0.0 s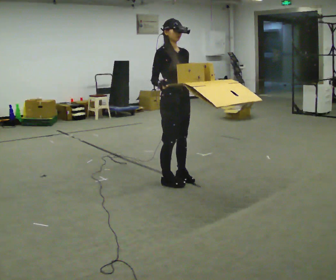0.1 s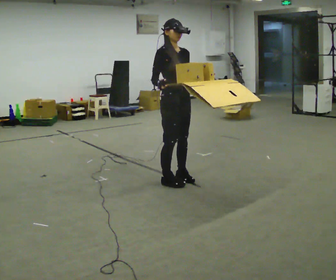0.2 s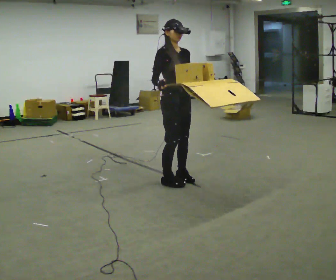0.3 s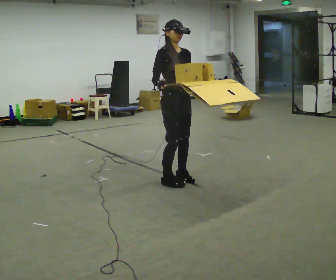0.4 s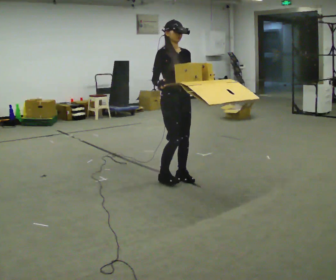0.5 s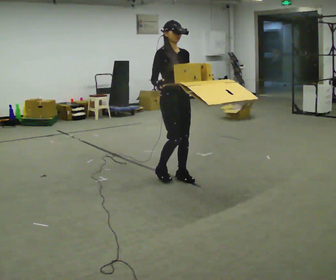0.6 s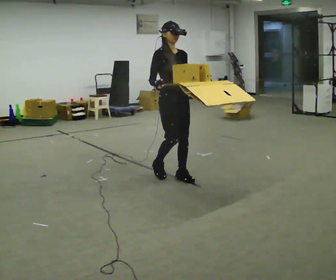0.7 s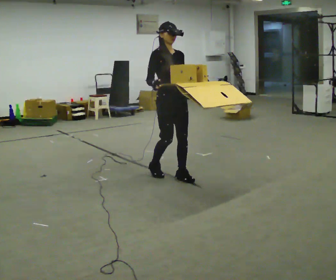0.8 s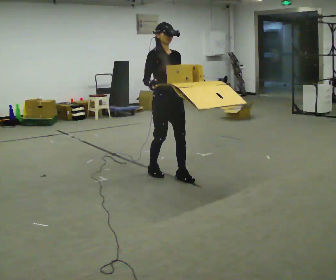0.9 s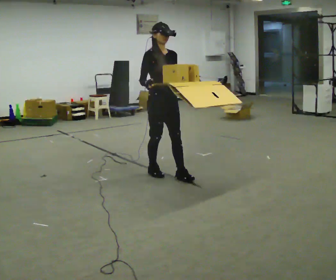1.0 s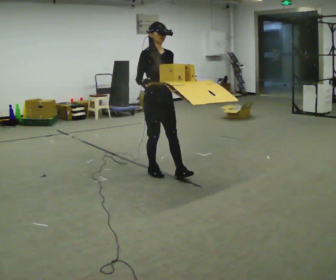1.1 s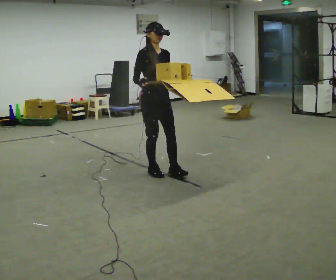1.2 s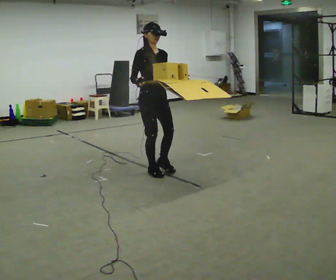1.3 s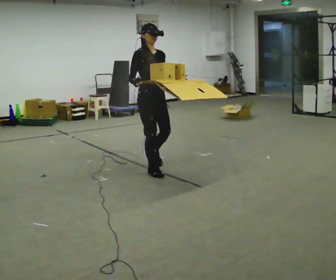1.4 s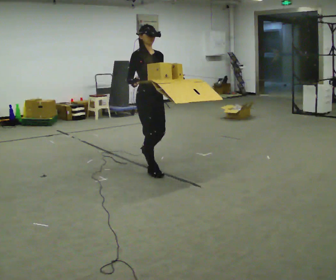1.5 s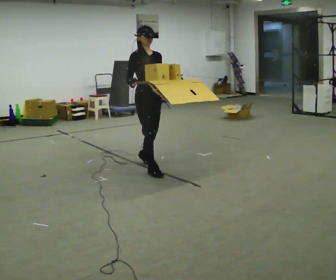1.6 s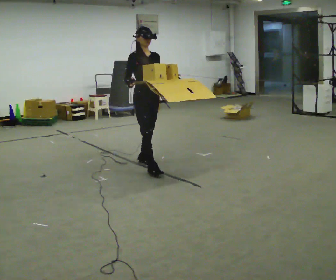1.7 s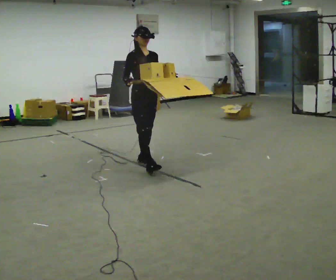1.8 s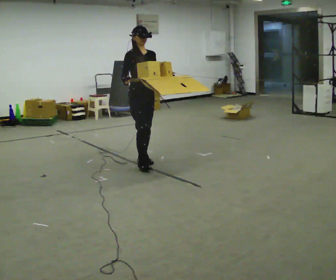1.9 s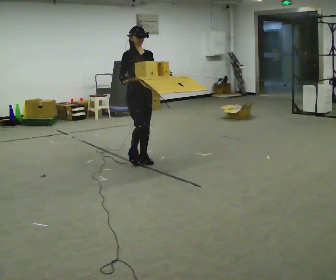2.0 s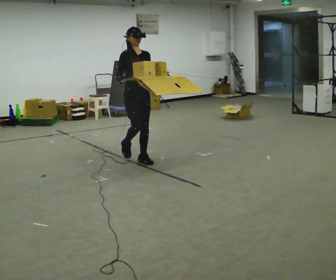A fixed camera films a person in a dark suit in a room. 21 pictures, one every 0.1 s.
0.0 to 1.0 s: In the picture they go away from the camera and to the left, about 0.25 m in 2 steps, which for them is backward.
1.0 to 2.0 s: In the picture they go away from the camera and to the left, about 0.5 m in 1 step, which for them is backward.
The film runs backward here.
